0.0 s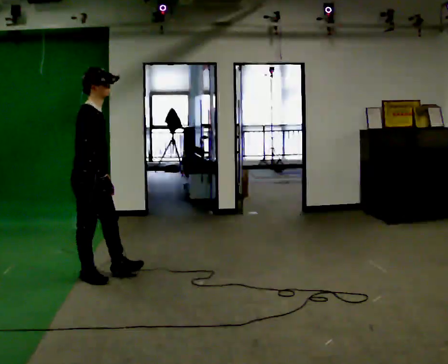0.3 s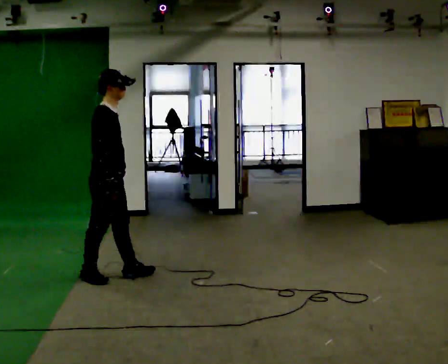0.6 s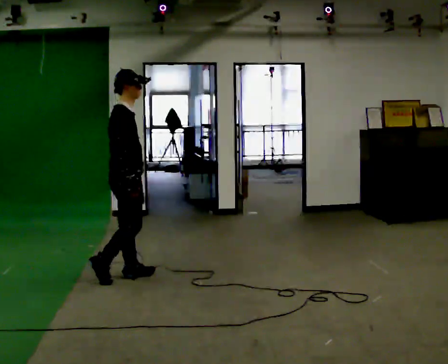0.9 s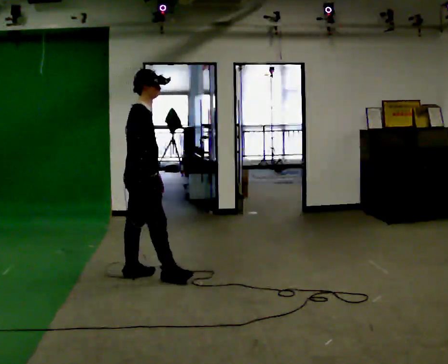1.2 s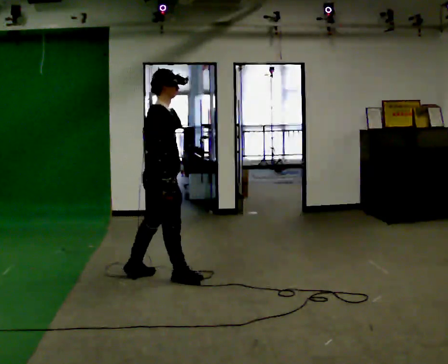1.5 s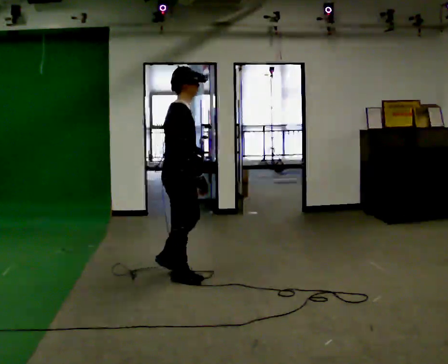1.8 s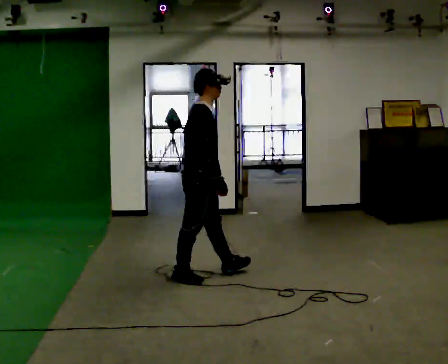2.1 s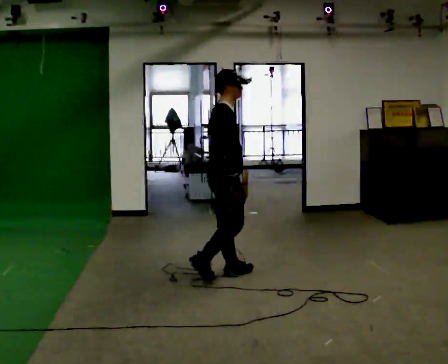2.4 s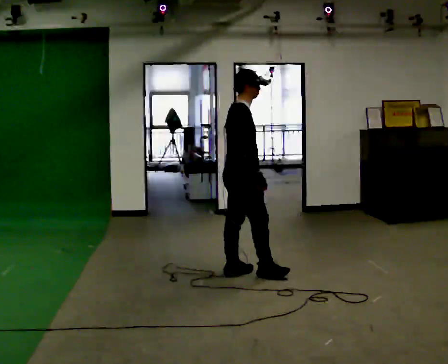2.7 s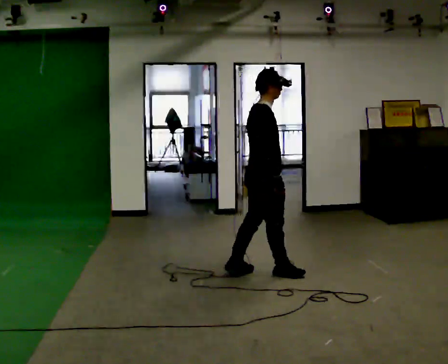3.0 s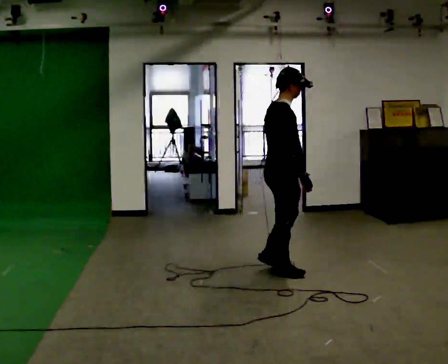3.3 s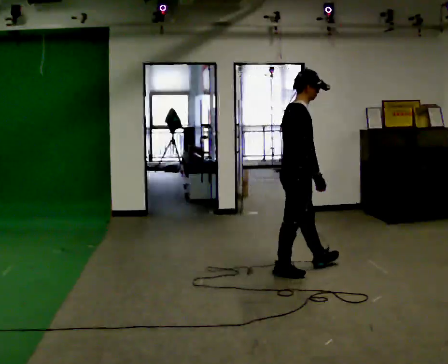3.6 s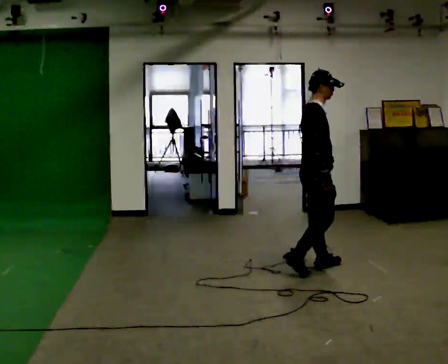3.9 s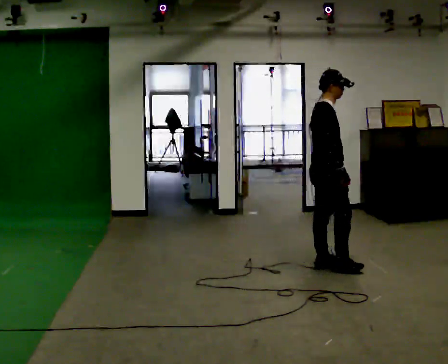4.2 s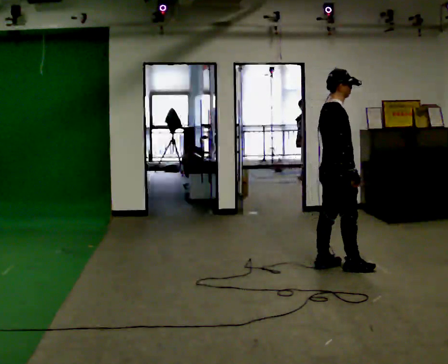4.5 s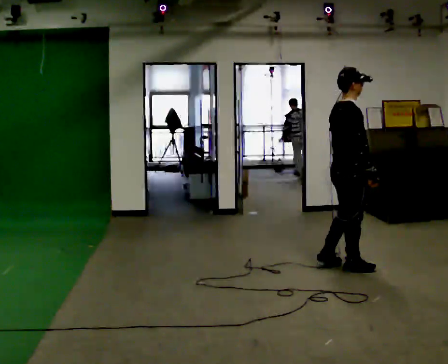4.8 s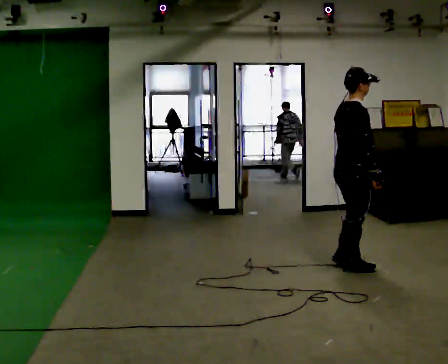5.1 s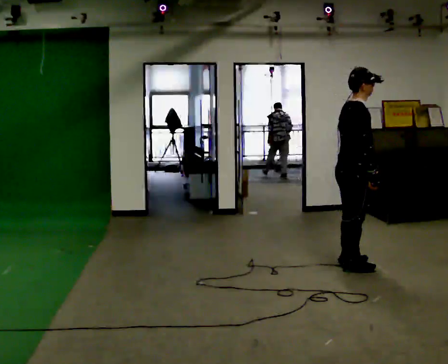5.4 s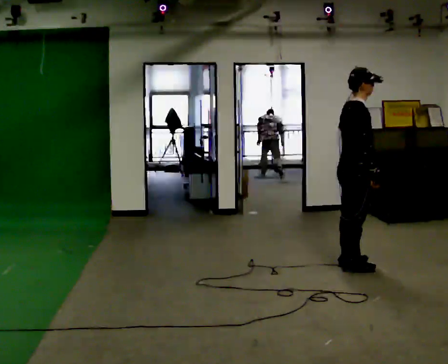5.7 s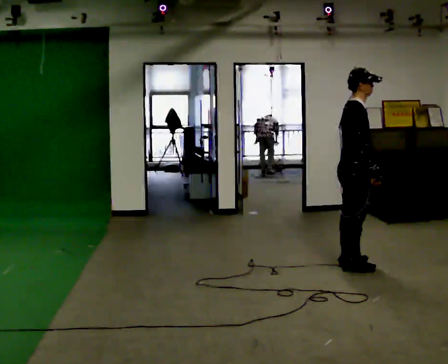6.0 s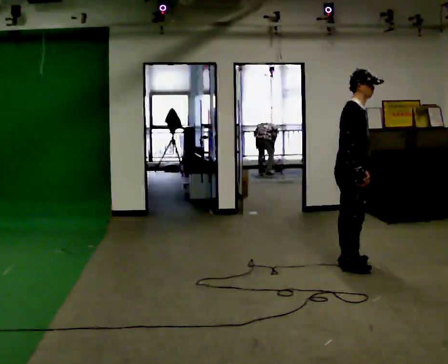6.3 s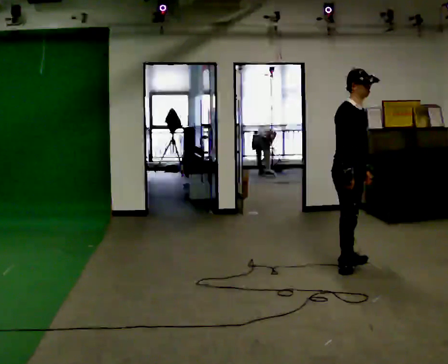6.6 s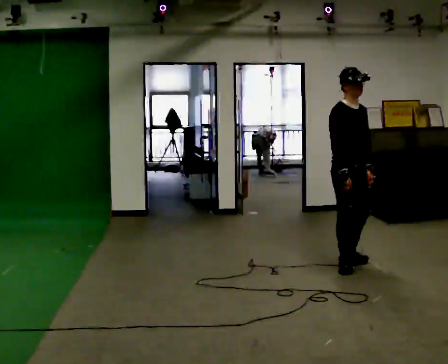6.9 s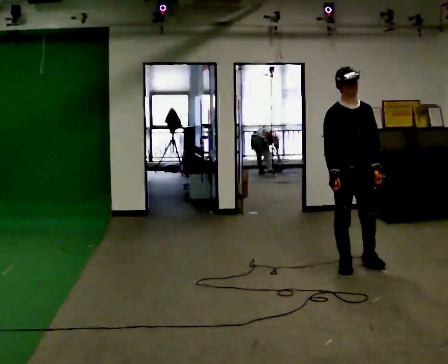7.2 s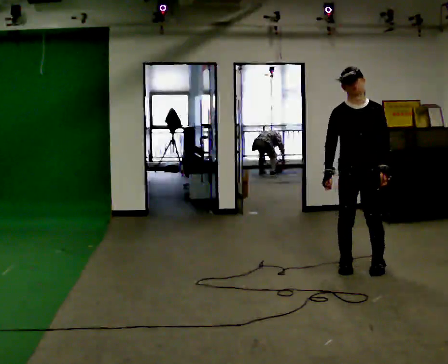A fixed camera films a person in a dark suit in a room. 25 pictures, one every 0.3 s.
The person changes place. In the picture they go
to the right.
0.0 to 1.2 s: In the picture they go to the right, about 0.5 m in 2 steps, which for them is forward.
1.2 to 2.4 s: In the picture they go to the right and away from the camera, about 0.75 m in 1 step, which for them is forward.
2.4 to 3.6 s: In the picture they go to the right, about 0.75 m in 2 steps, which for them is forward.
3.6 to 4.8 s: In the picture they go to the right, about 0.25 m in 1 step, which for them is forward and to their right.
4.8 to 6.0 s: The part of the body nearest the lens slides to the left as the person turns to their right by about 30 degrees.
6.0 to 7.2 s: The person turns about 75 degrees to their right, clockwise seen from above, so the part of the body nearest the lens slides to the left.
The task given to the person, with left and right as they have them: Walk forward with your feet closer together than normal, or further apart than normal, as the operator states; stop.
The film runs forward here.
